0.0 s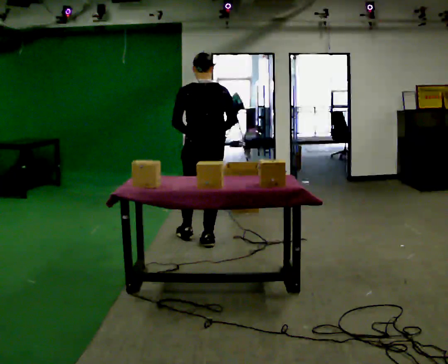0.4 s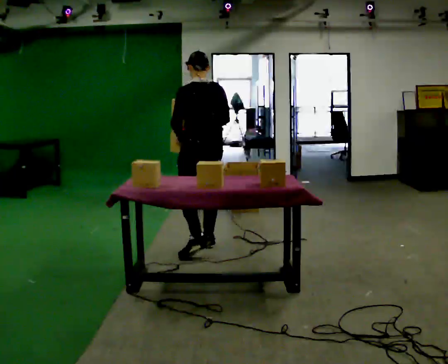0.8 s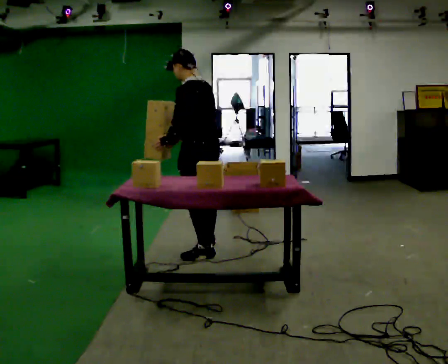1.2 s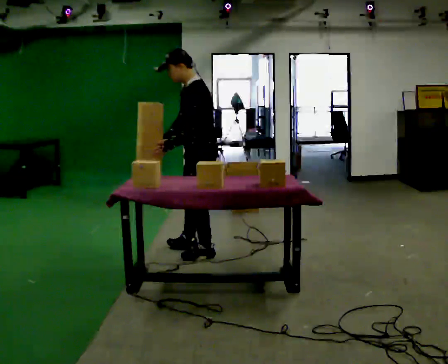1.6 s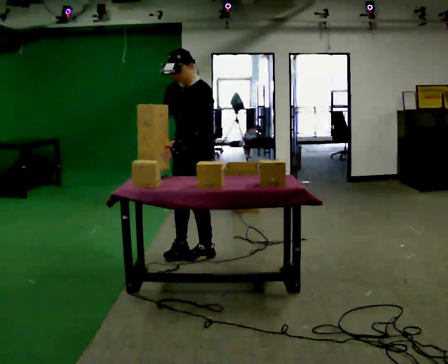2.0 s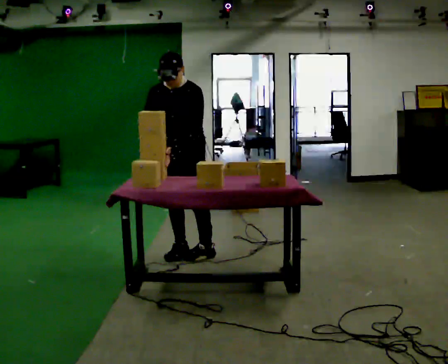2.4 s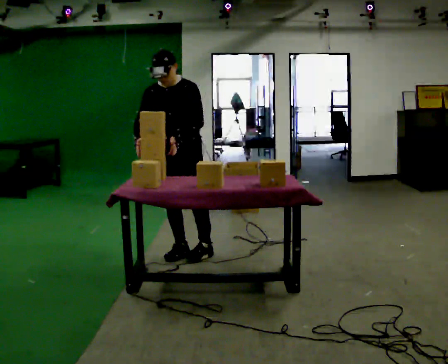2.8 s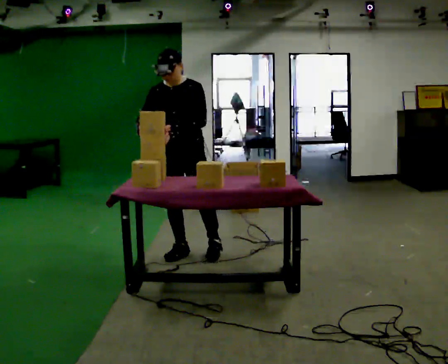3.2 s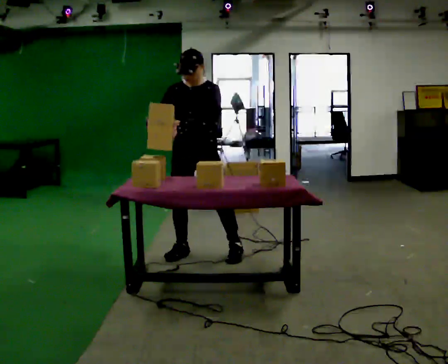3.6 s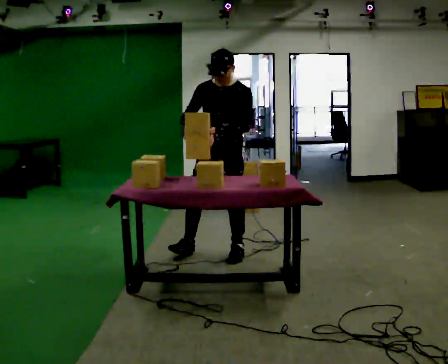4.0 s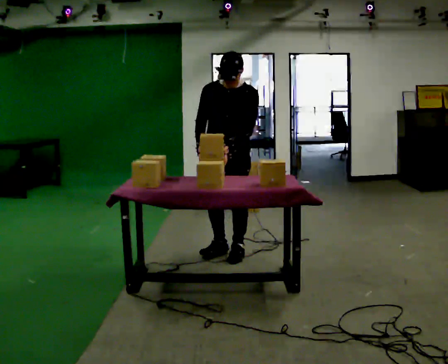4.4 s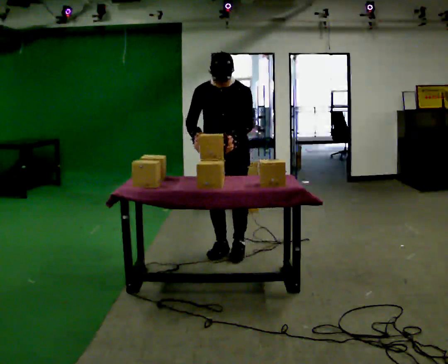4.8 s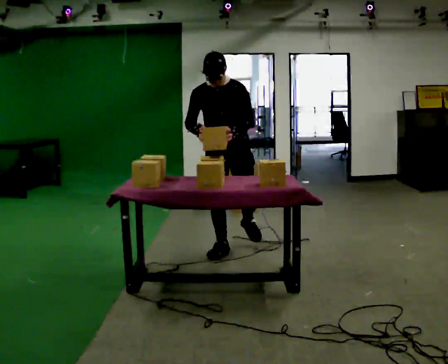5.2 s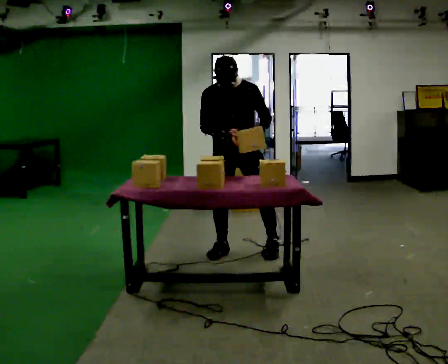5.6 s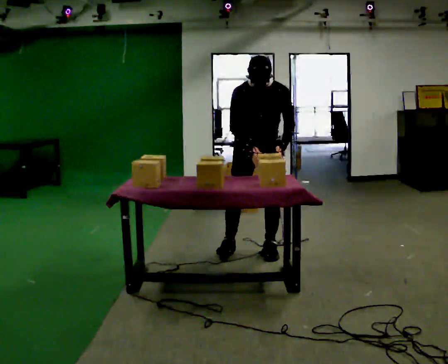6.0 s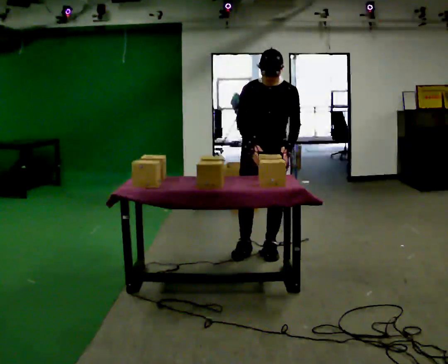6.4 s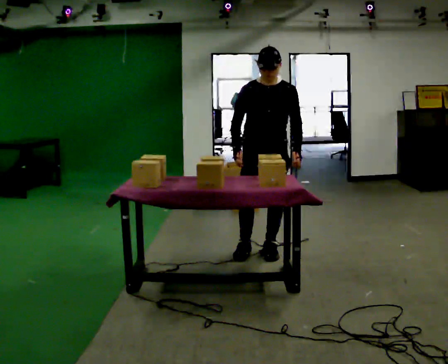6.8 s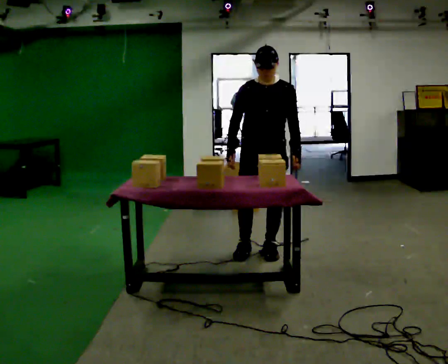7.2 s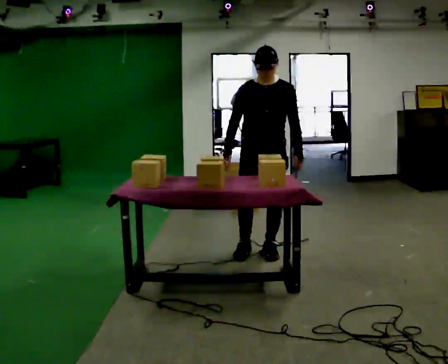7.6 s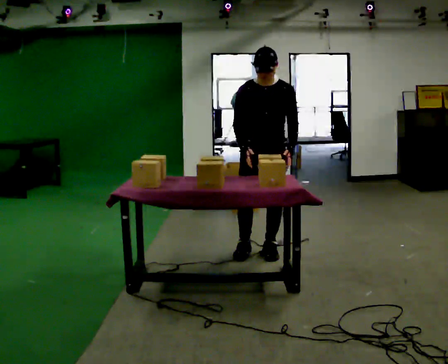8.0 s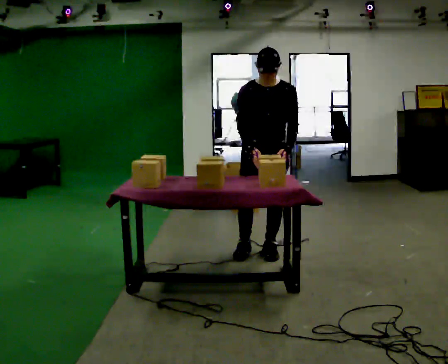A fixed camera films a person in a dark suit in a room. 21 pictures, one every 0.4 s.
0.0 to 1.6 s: The person turns about 120 degrees to their left, counterclockwise seen from above, so the part of the body nearest the lens slides to the right. In the picture they go toward the camera, about 0.5 m in 1 step.
1.6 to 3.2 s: Seen from above the body turns counterclockwise, about 30 degrees: to their left, with its near side sliding to the right.
3.2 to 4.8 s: In the picture they go to the right, about 0.25 m in 2 steps, which for them is to their left and backward.
4.8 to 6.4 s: In the picture they go to the right, about 0.25 m in 1 step, which for them is to their left.
6.4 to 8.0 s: The person moves a little, or ends about where they began.
The film runs backward here.
